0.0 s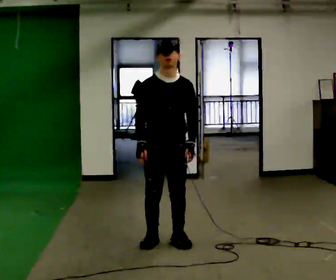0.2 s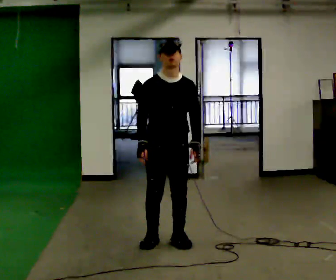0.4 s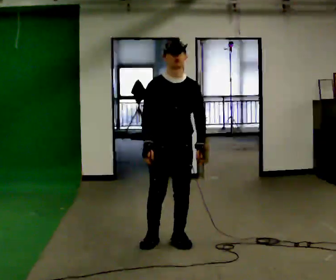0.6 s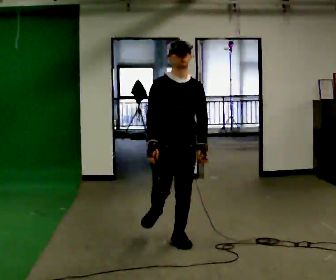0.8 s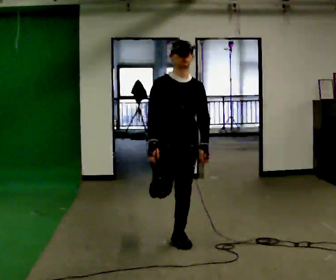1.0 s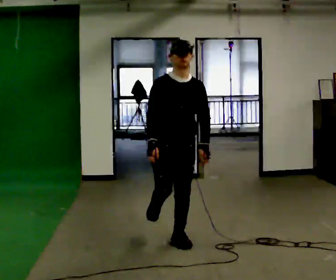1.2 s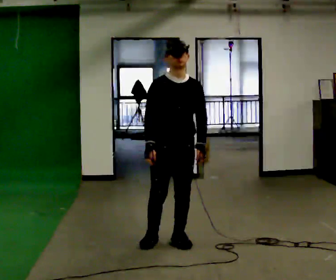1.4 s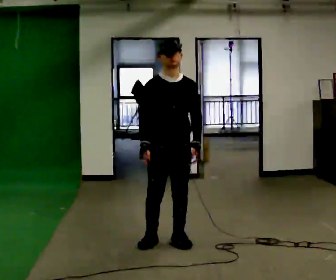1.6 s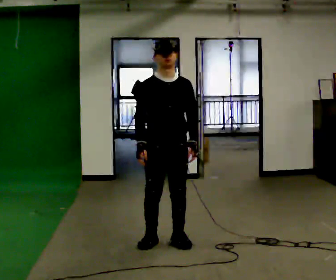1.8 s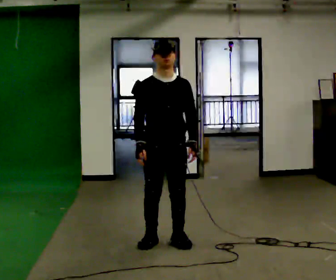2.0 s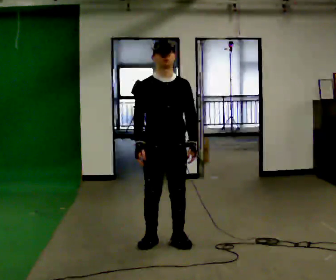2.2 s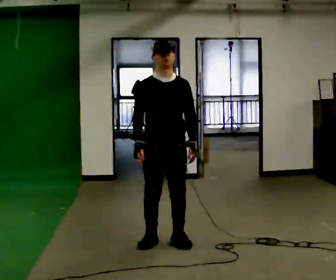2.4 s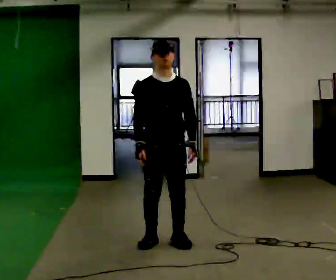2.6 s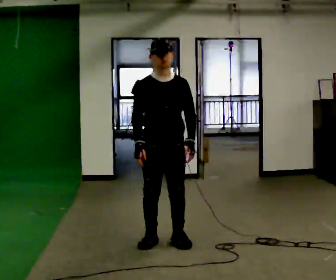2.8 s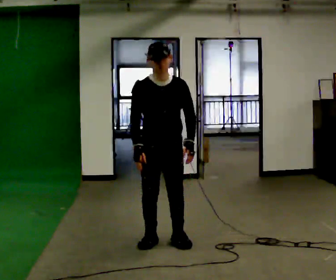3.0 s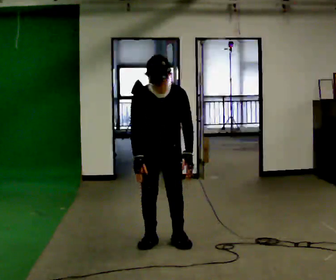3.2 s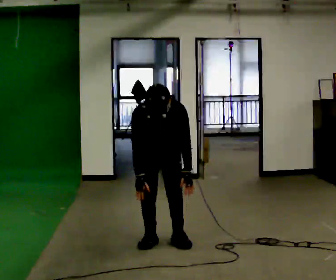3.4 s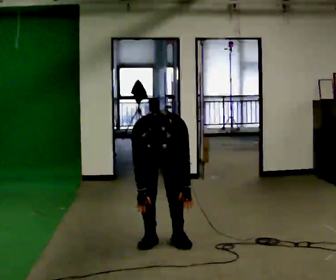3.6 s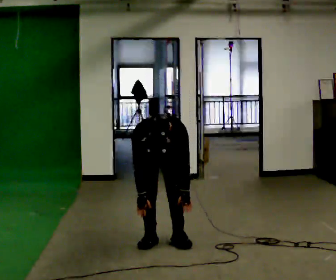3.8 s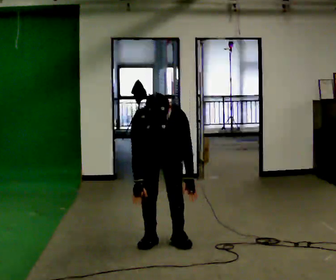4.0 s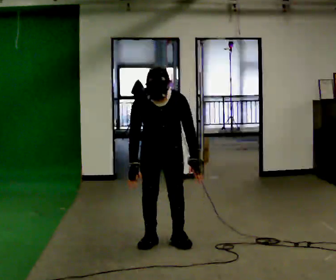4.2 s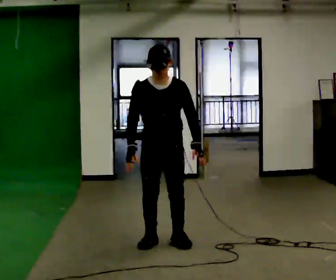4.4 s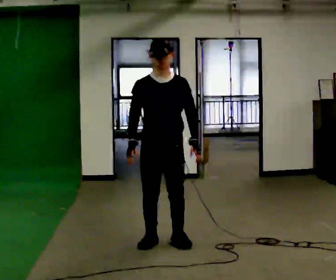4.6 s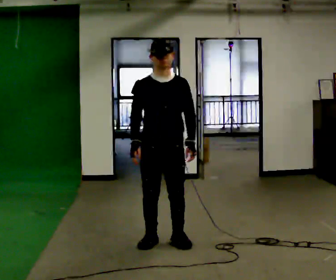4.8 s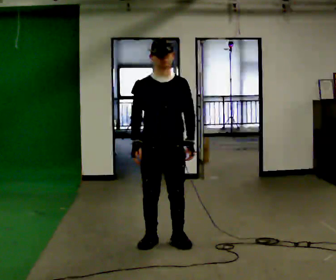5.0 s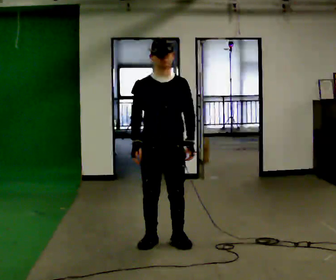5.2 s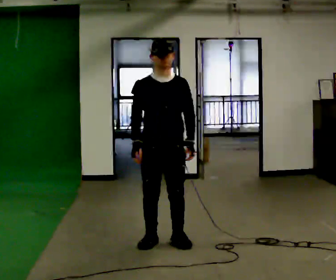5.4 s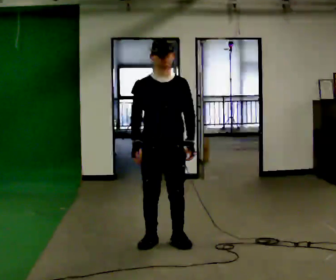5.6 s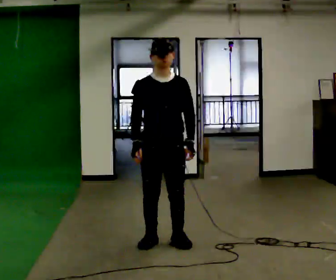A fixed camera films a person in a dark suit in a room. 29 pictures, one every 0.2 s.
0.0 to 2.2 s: The person moves a little, or ends about where they began.
2.2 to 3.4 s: In the picture they go away from the camera, about 0.25 m, which for them is backward. The shoulders move downward. The upper body tips toward the camera, its near side rolling downward, as they bend forward. In the picture their right hand goes downward.
3.4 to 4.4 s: In the picture they go toward the camera, about 0.25 m, which for them is forward. The upper body goes upward. The upper body tips away from the camera, its near side rolling upward, as they lean back or straighten. In the picture their right hand goes upward.
4.4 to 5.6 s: The person moves a little, or ends about where they began.
The film runs backward here.
